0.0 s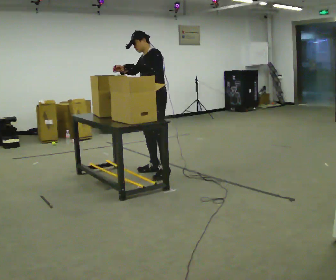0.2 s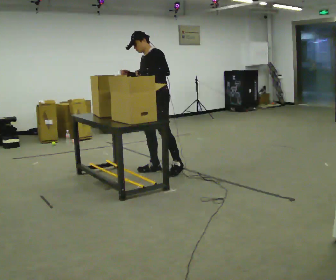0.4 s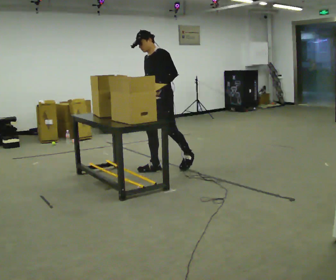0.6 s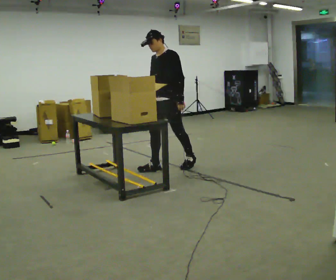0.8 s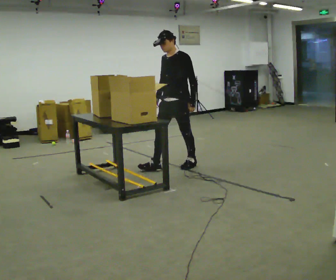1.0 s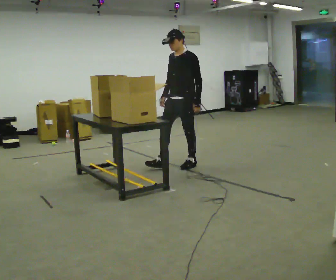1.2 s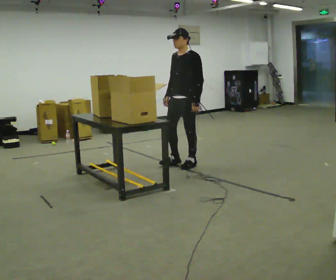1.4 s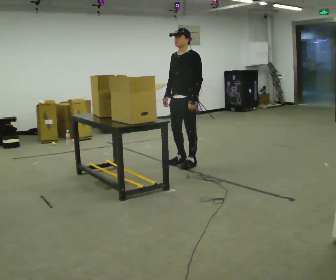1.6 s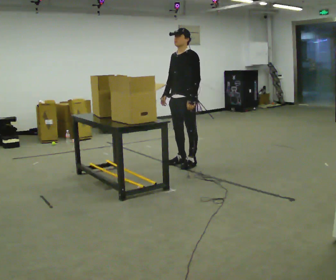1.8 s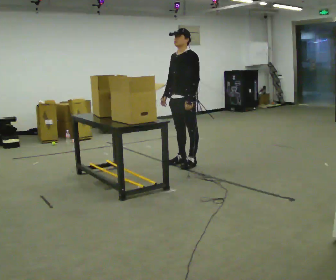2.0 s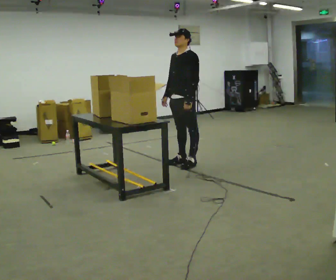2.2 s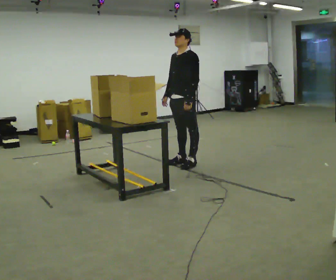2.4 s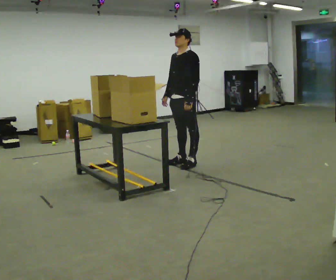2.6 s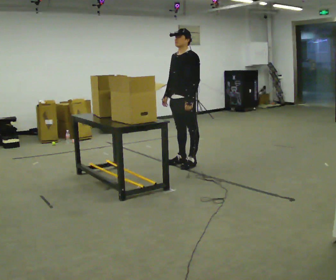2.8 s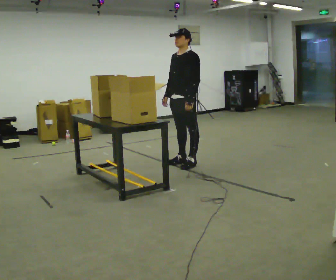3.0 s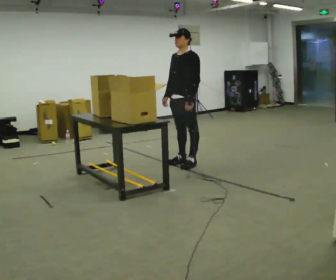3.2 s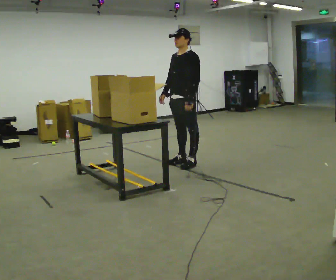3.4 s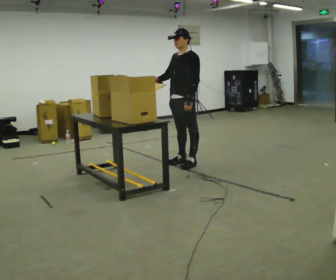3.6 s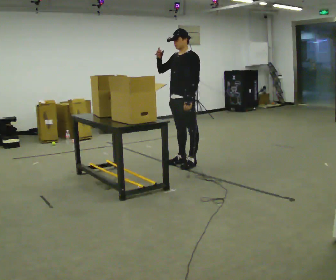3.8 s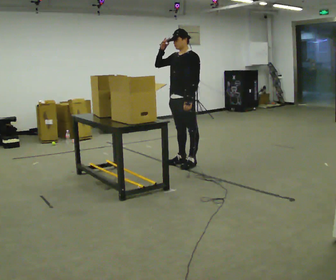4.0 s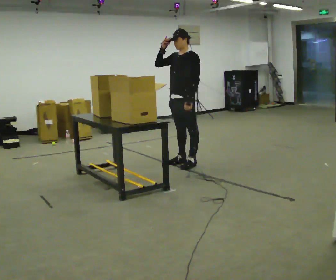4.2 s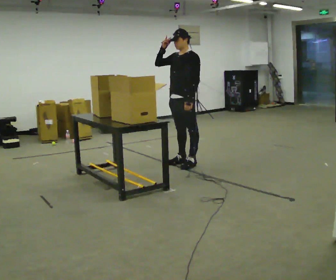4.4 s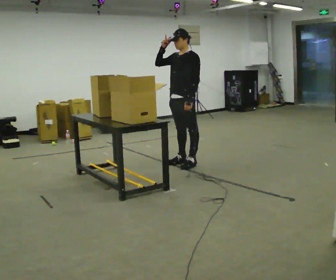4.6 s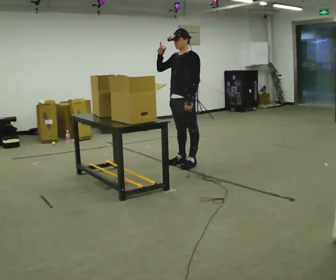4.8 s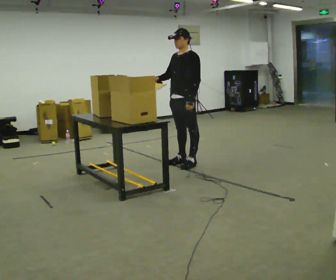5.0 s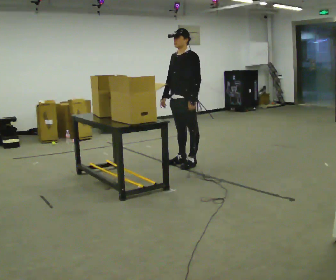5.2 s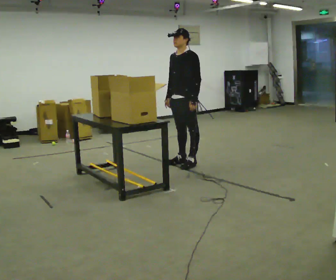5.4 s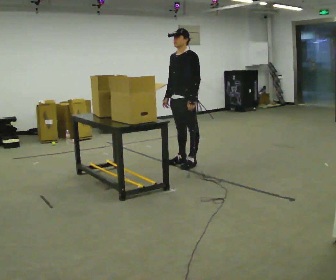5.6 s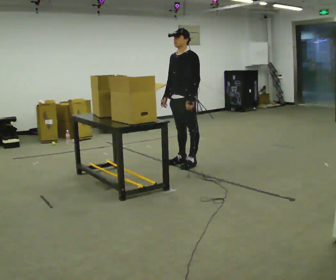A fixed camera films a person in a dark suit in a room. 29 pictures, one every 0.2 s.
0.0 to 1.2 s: In the picture they go to the right and away from the camera, about 0.5 m in 1 step, which for them is backward. In the picture their left hand goes downward.
1.2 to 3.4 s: The person moves a little, or ends about where they began.
3.4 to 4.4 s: In the picture their right hand goes upward.
4.4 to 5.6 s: In the picture their right hand goes downward, the arm swinging counterclockwise.
The film runs forward here.
